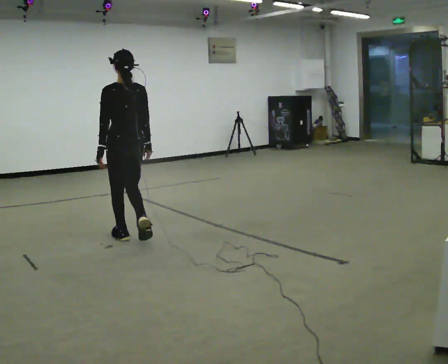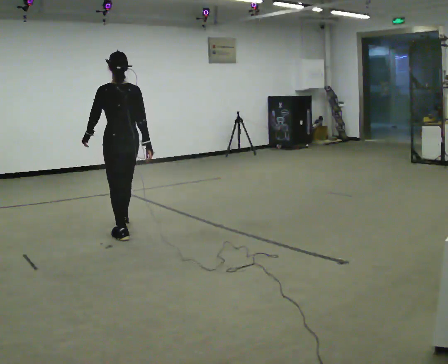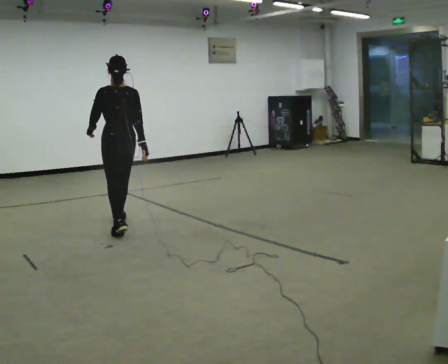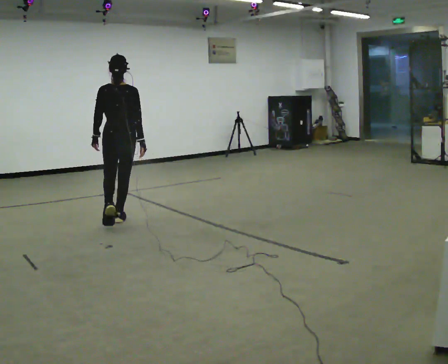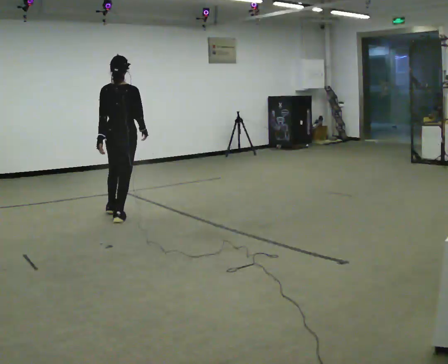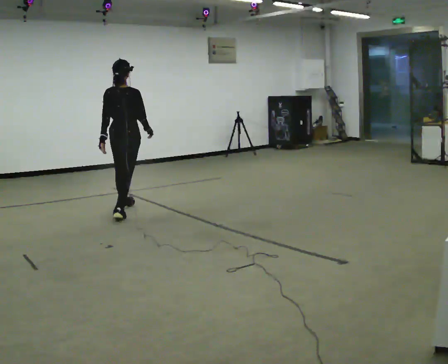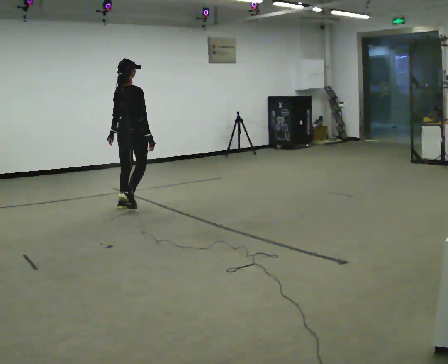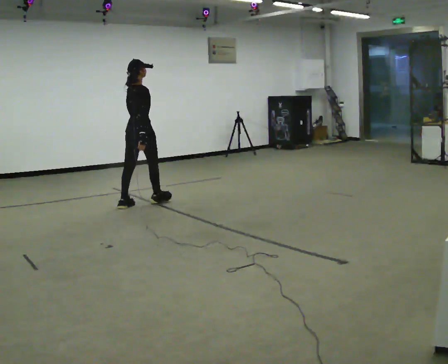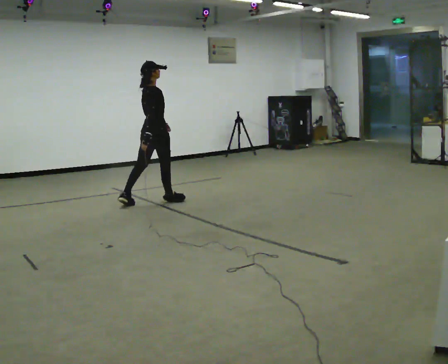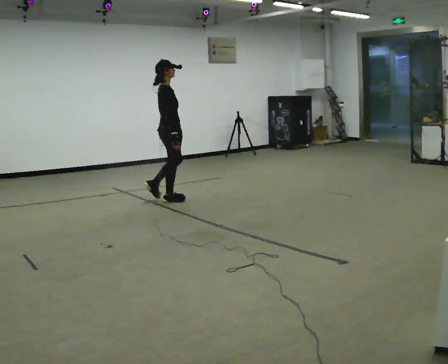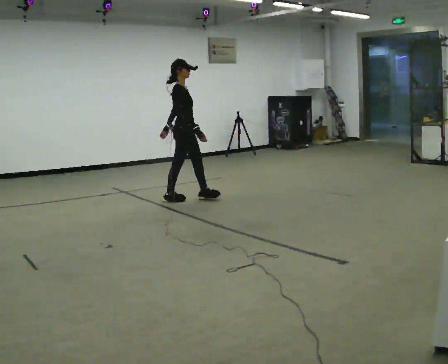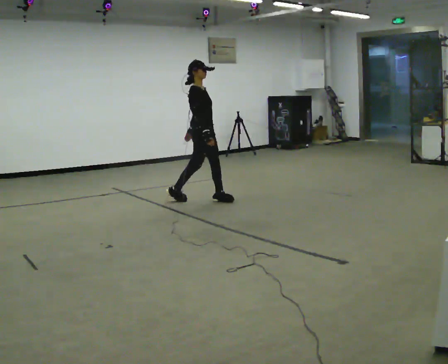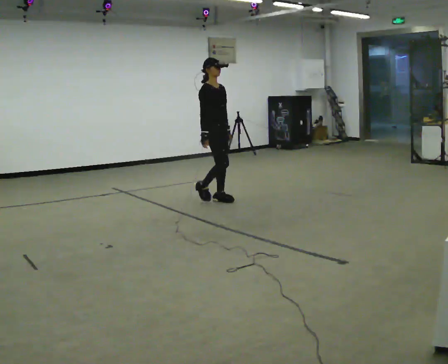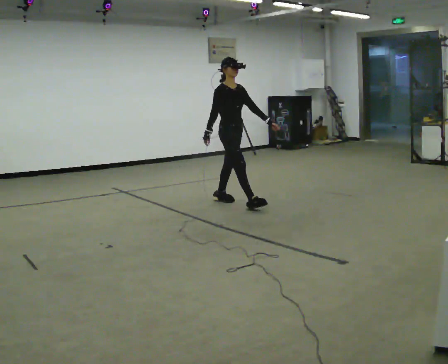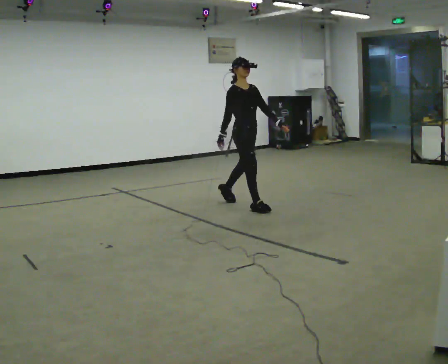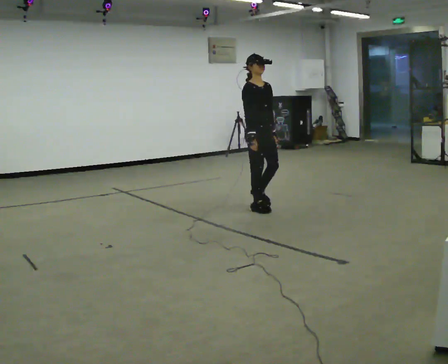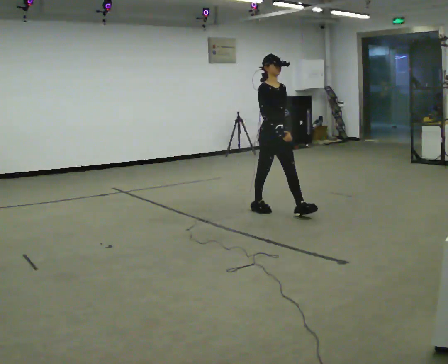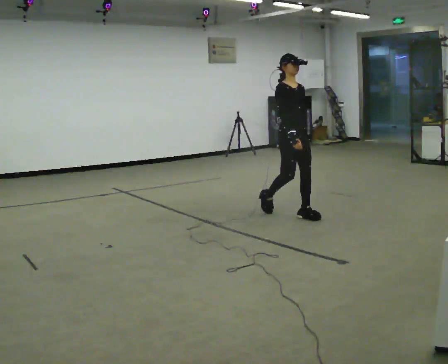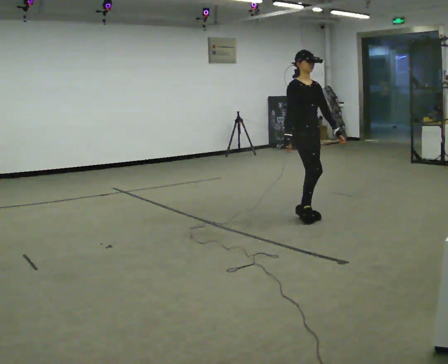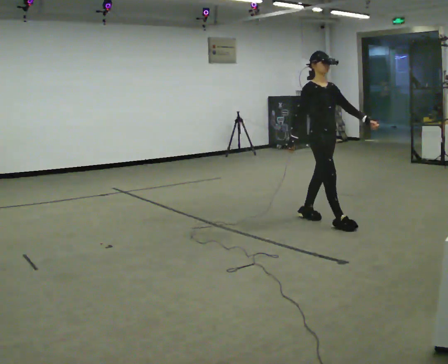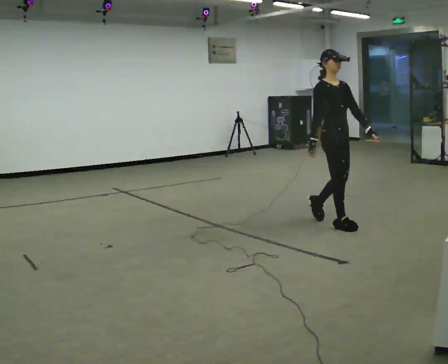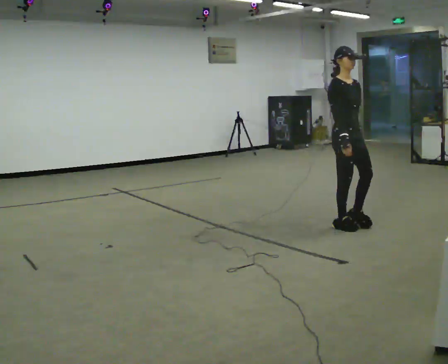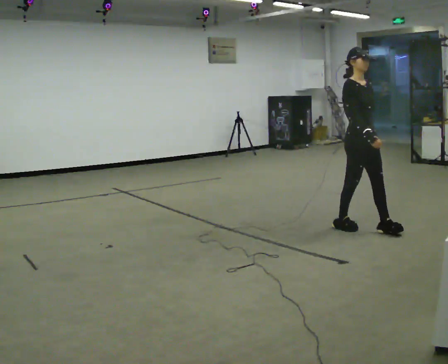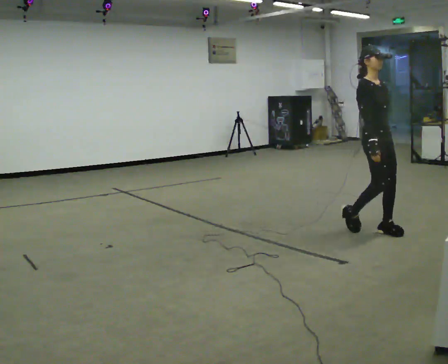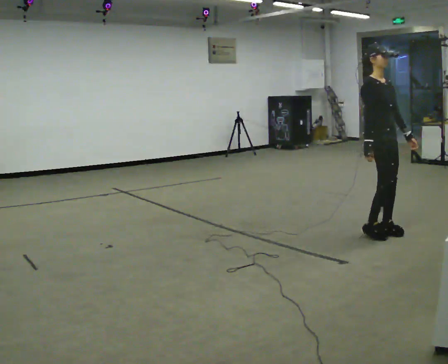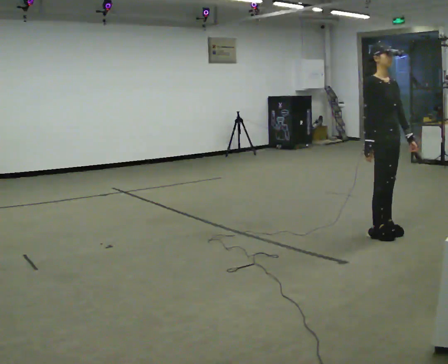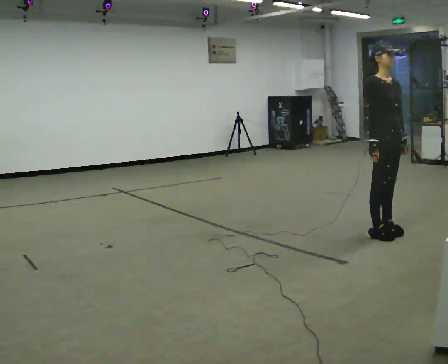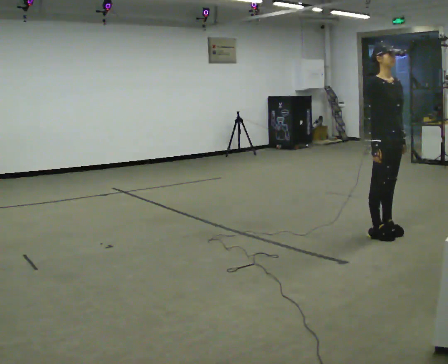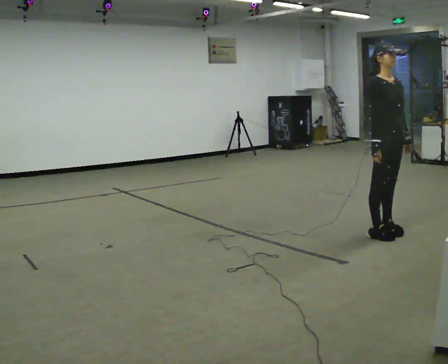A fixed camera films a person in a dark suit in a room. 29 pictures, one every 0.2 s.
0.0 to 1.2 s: The person turns about 60 degrees to their right, clockwise seen from above, so the part of the body nearest the lens slides to the left. In the picture they go away from the camera, about 1 m in 2 steps, which for them is forward.
1.2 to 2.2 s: The person turns about 75 degrees to their right, clockwise seen from above, so the part of the body nearest the lens slides to the left. In the picture they go to the right, about 1 m in 2 steps.
2.2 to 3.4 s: The part of the body nearest the lens slides to the left as the person turns to their right by about 30 degrees. In the picture they go to the right and toward the camera, about 1 m in 2 steps, which for them is forward.
3.4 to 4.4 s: In the picture they go toward the camera and to the right, about 1 m in 2 steps, which for them is forward.
4.4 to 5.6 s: In the picture they go toward the camera and to the right, about 0.25 m in 1 step, which for them is forward.
The film runs forward here.
